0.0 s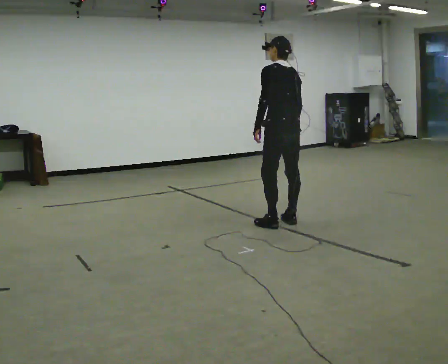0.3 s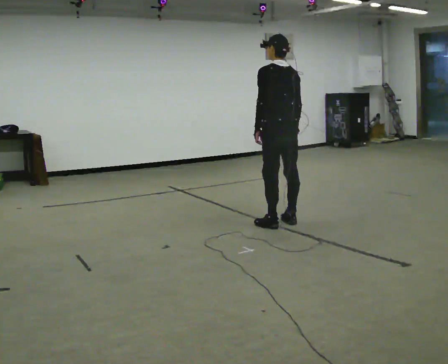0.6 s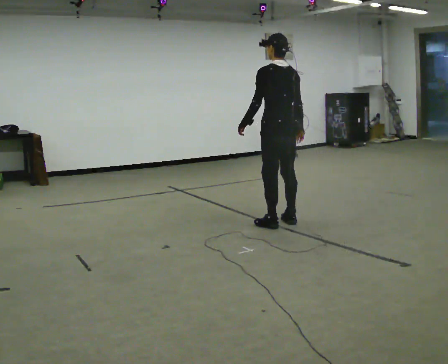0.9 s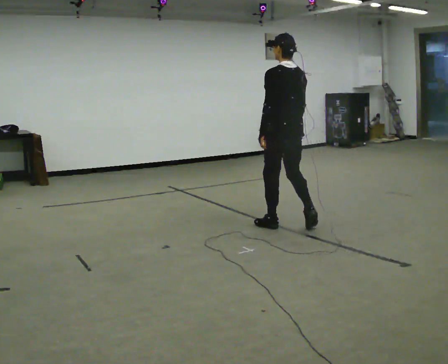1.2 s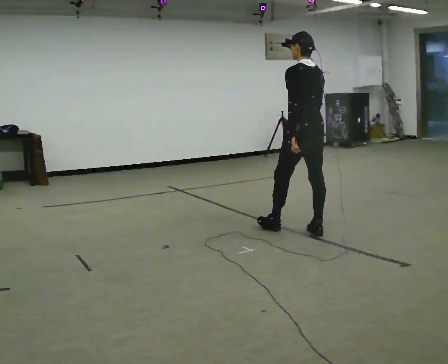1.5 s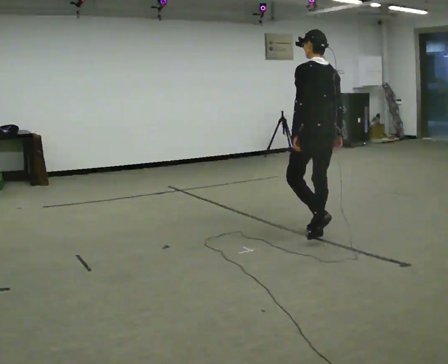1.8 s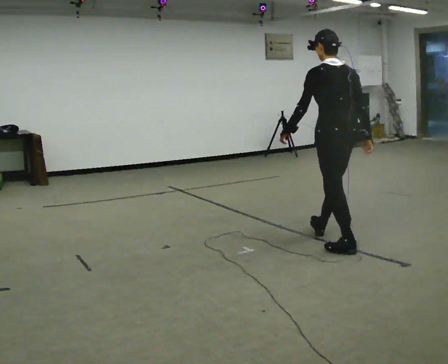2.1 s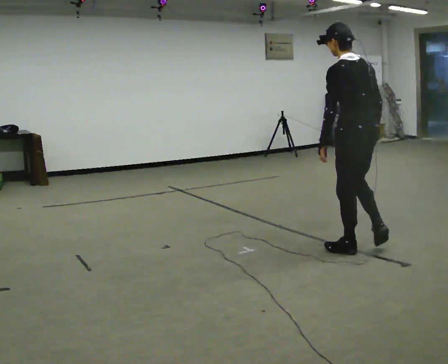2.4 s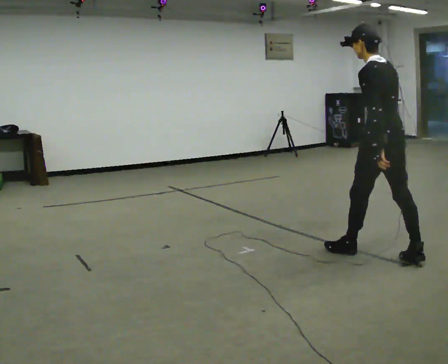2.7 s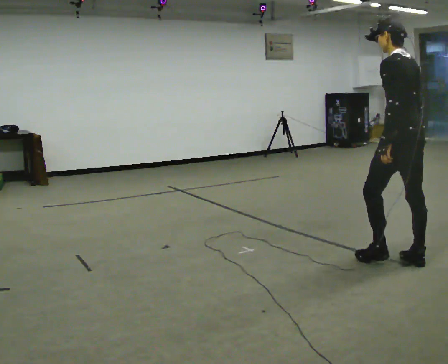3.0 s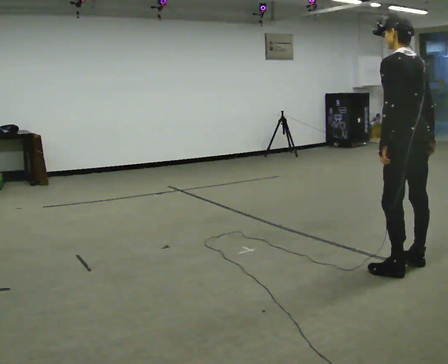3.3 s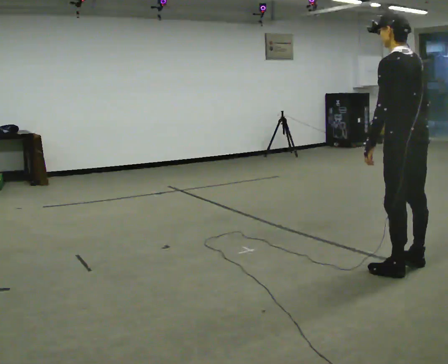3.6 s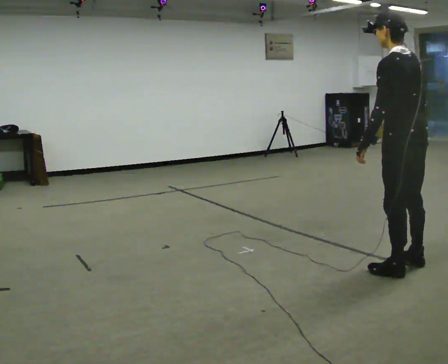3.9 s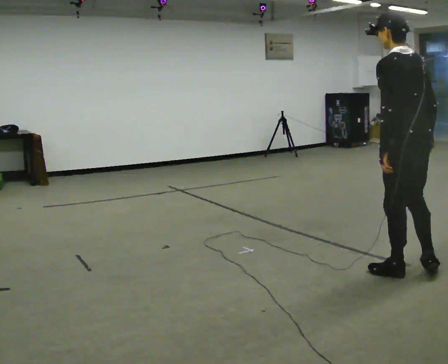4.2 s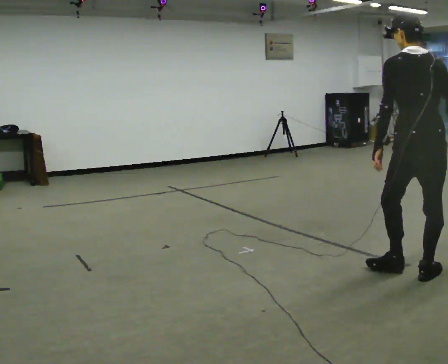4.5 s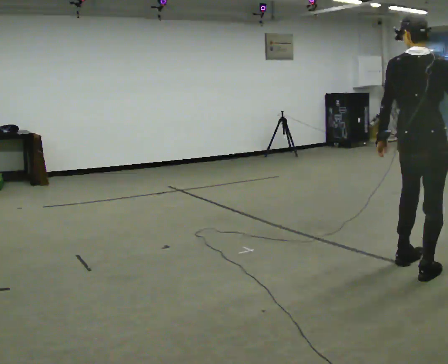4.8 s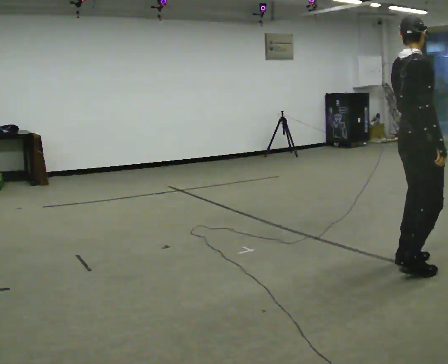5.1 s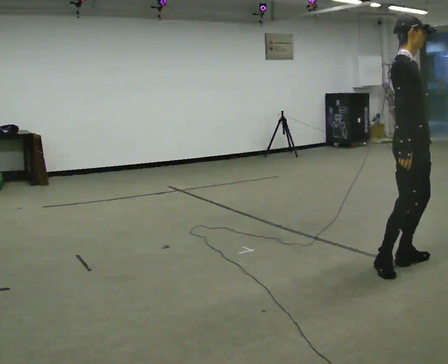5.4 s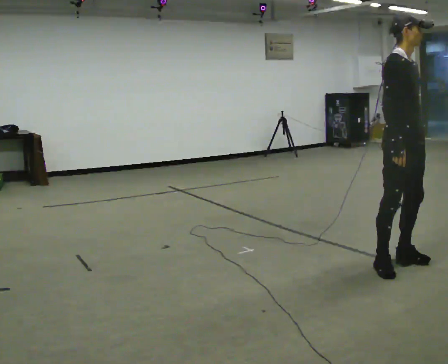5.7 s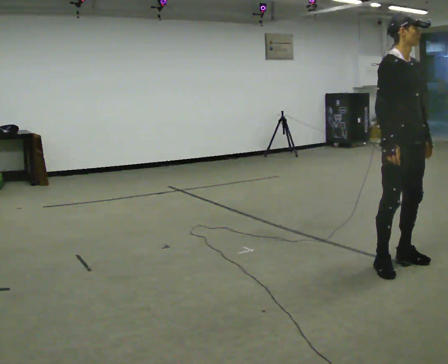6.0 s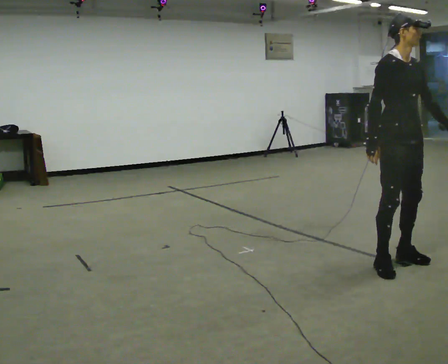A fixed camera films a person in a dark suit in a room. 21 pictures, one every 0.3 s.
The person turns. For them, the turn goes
to their right.
The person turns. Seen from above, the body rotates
clockwise.
0.0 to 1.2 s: In the picture they go toward the camera and to the right, about 0.25 m in 2 steps, which for them is backward.
1.2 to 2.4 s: In the picture they go to the right and toward the camera, about 1 m in 1 step, which for them is backward.
2.4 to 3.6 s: In the picture they go toward the camera and to the right, about 0.5 m in 1 step, which for them is backward and to their left.
3.6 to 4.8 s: The part of the body nearest the lens slides to the left as the person turns to their right by about 105 degrees.
4.8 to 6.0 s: The part of the body nearest the lens slides to the left as the person turns to their right by about 75 degrees.
The film runs backward here.
